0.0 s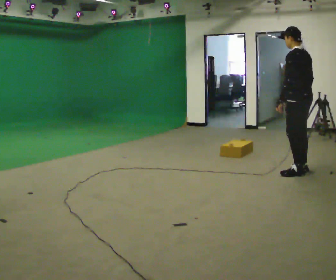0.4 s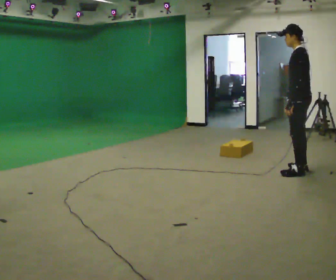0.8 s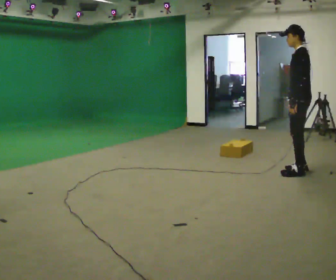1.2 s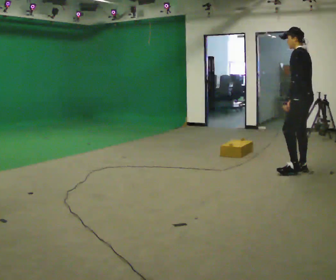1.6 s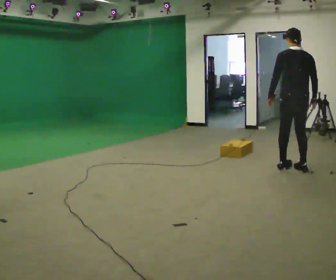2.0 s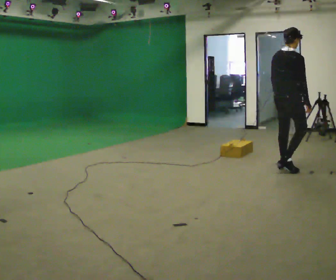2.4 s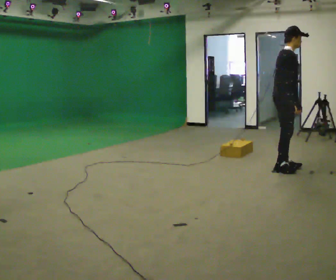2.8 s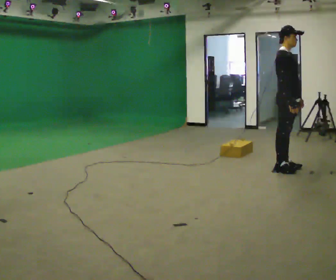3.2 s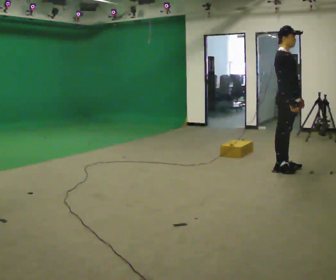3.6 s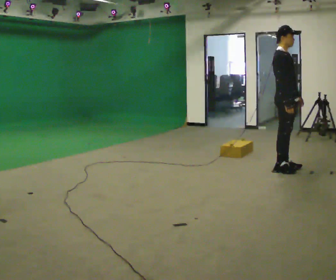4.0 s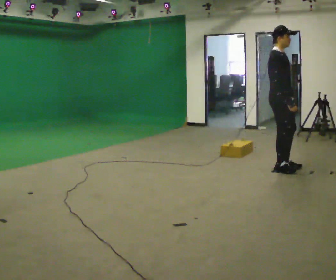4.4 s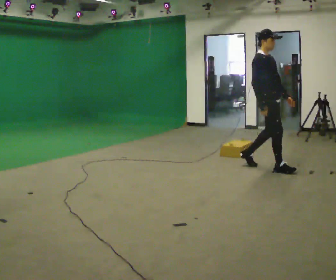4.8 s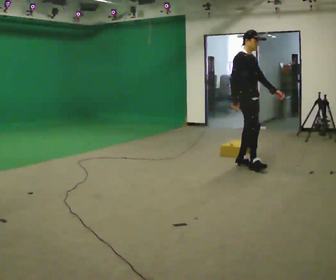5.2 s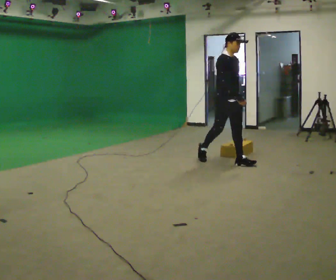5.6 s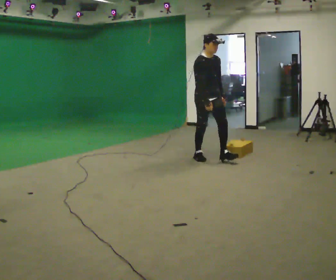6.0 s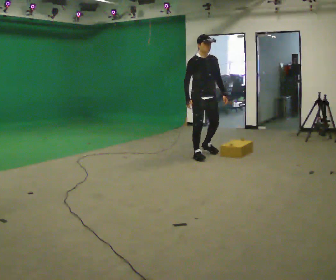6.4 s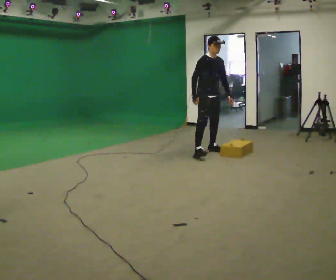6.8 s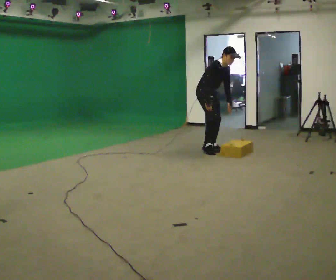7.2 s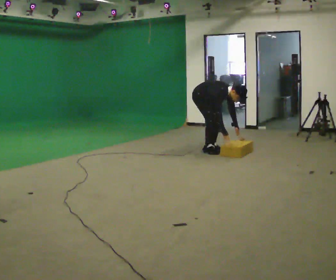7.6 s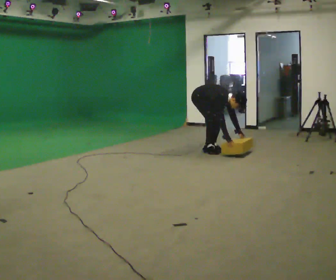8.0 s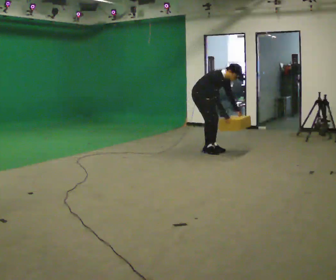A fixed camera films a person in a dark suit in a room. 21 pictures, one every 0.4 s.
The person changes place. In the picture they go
to the left.
0.0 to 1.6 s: The person turns about 45 degrees to their right, clockwise seen from above, so the part of the body nearest the lens slides to the left.
1.6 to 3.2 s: The person turns about 120 degrees to their right, clockwise seen from above, so the part of the body nearest the lens slides to the left. In the picture their left hand goes to the right, the arm swinging counterclockwise.
3.2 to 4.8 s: In the picture they go to the left, about 0.5 m in 2 steps, which for them is backward.
4.8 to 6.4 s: In the picture they go away from the camera and to the left, about 1 m in 2 steps, which for them is backward.
6.4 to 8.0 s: In the picture their right hand goes to the right.
The film runs backward here.
